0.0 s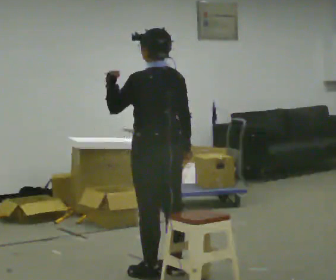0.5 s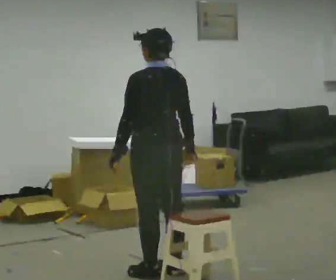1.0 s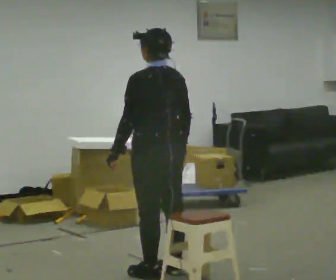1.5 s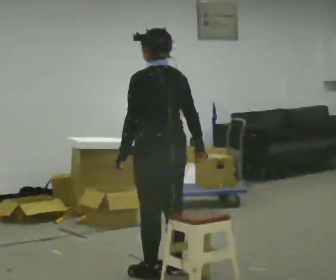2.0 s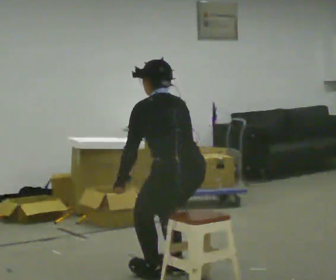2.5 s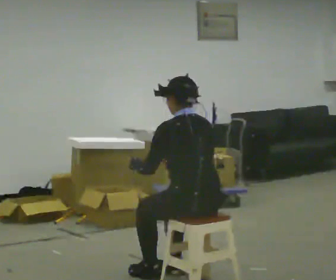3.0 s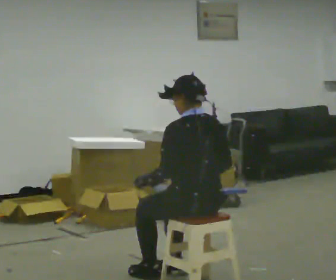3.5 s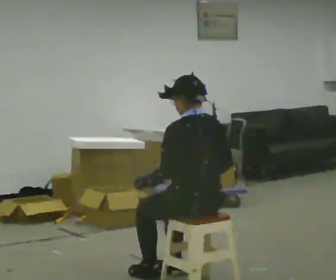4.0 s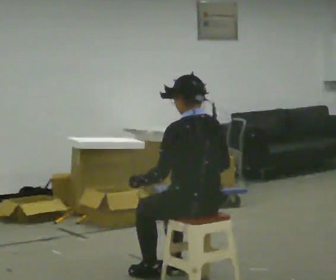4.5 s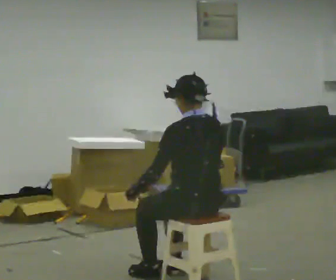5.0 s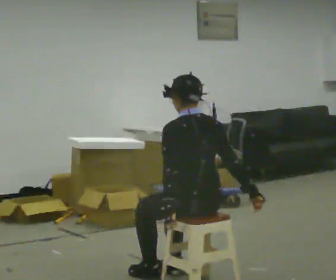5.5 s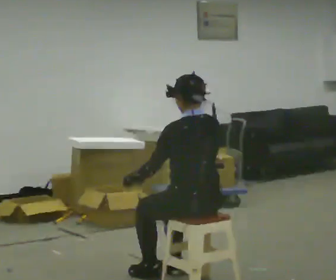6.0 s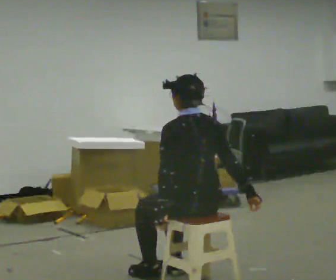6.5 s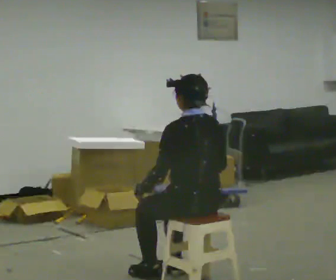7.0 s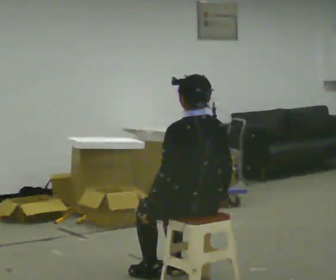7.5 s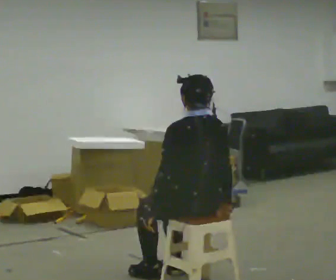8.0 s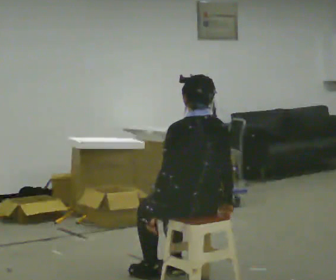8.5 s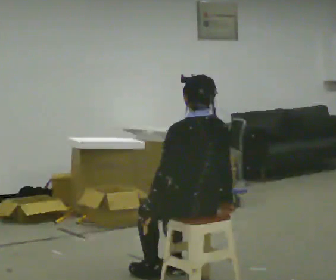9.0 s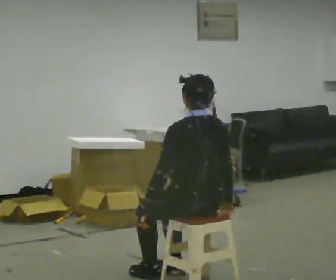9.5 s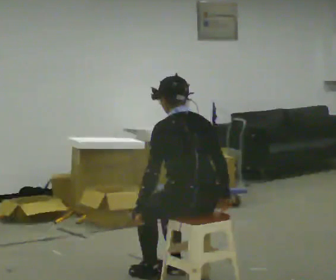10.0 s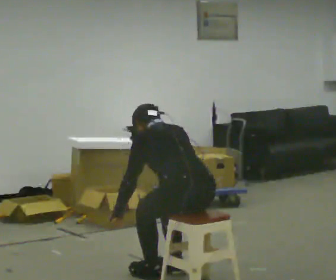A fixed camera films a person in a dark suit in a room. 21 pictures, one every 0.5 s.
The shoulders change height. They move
downward.
0.0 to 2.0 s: In the picture they go toward the camera, about 0.25 m, which for them is backward. The shoulders move downward. The upper body tips away from the camera, its near side rolling upward, as they bend forward. In the picture their left hand goes downward.
2.0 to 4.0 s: The upper body tips toward the camera, its near side rolling downward, as they lean back or straighten.
4.0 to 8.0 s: The person moves a little, or ends about where they began.
8.0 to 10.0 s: The upper body tips away from the camera, its near side rolling upward, as they bend forward.
The film runs backward here.
